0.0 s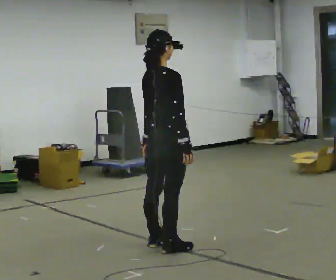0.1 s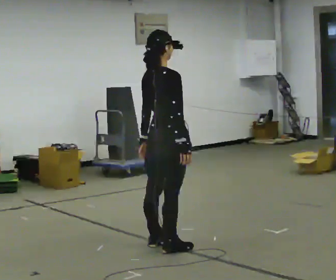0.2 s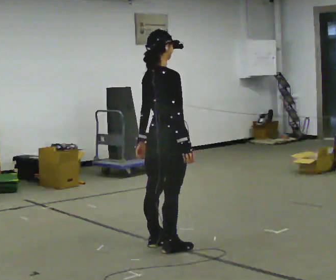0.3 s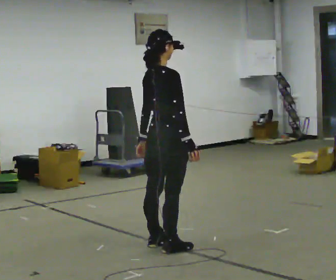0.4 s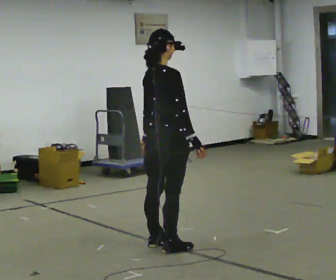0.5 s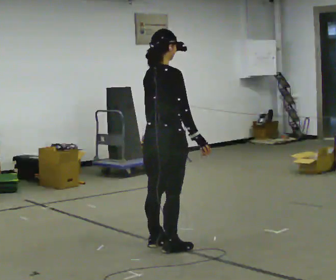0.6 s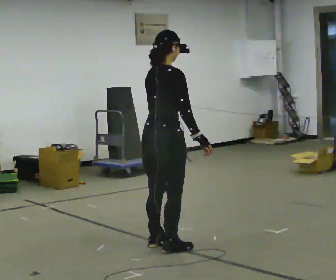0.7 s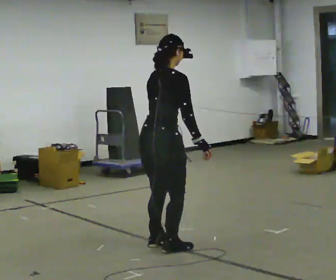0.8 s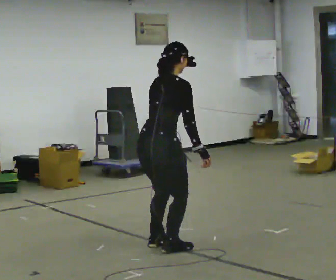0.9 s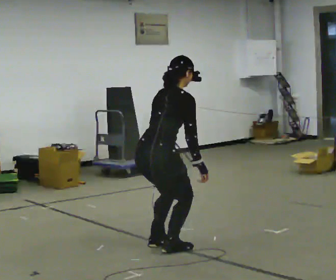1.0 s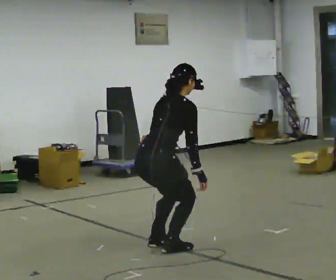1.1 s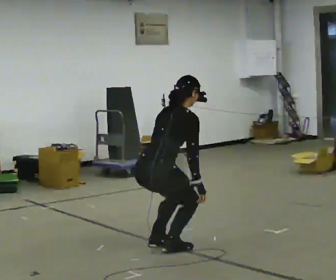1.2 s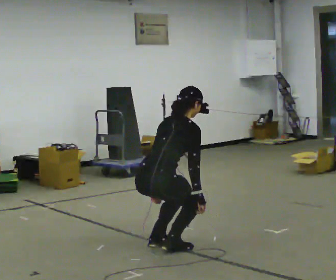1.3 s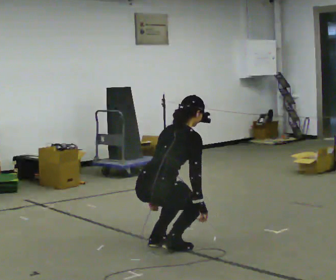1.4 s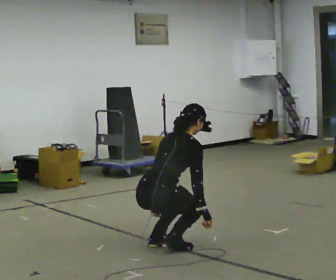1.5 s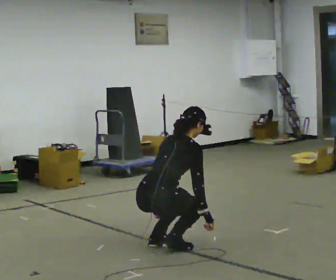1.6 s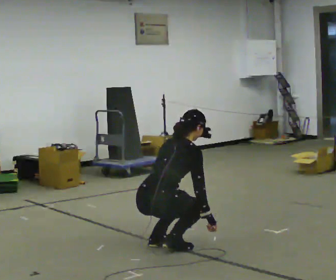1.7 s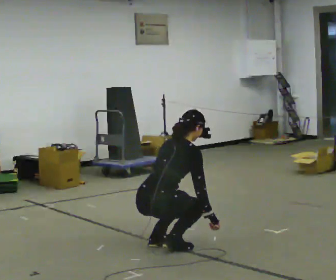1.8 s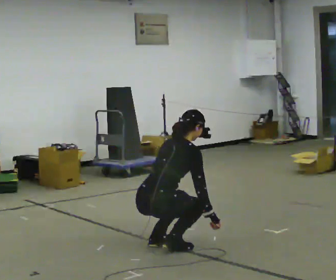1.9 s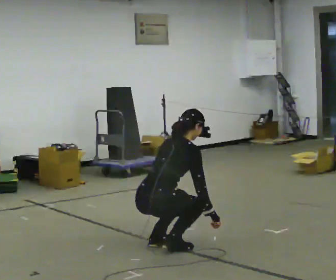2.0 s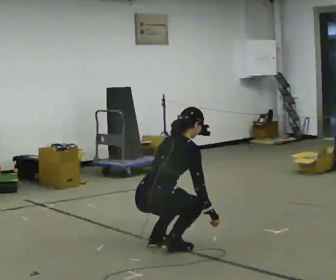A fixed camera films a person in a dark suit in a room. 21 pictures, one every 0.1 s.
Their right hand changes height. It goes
downward.
The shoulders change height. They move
downward.
0.0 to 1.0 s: The upper body goes downward. In the picture the upper body tilts clockwise, shoulders to the right, as they bend forward.
1.0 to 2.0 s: The shoulders move downward. In the picture their right hand goes downward.
The film runs backward here.
